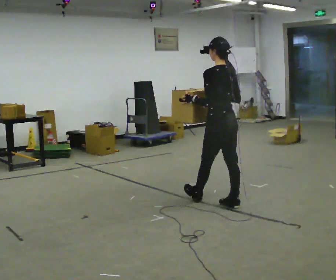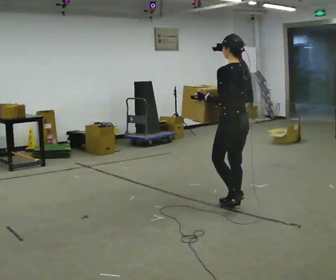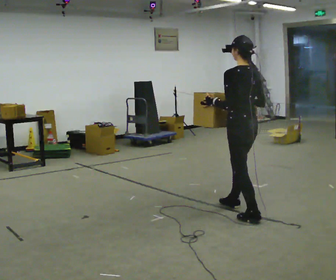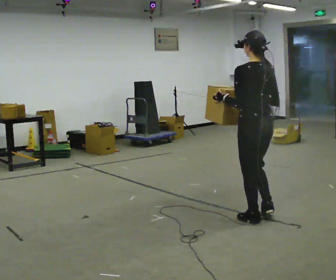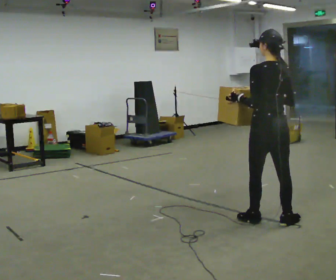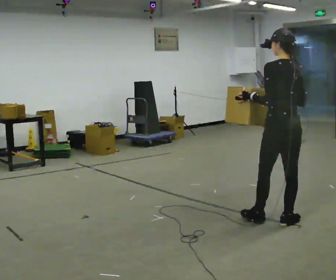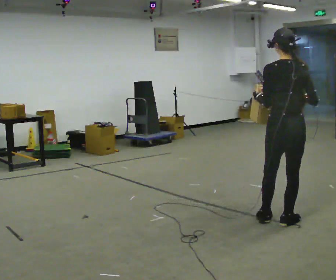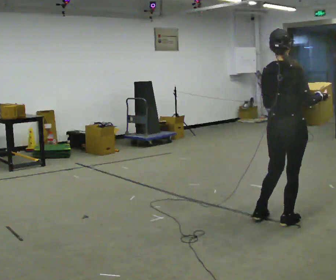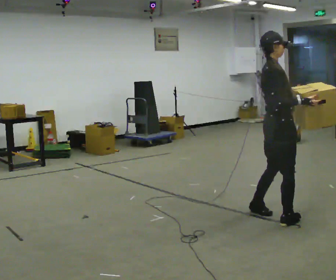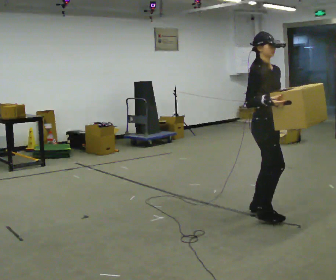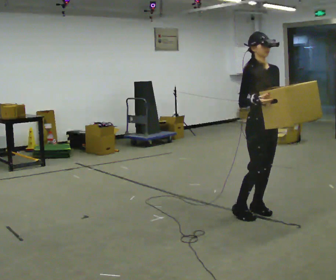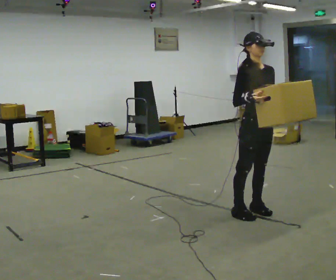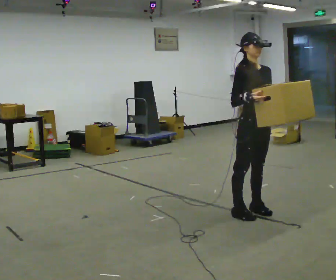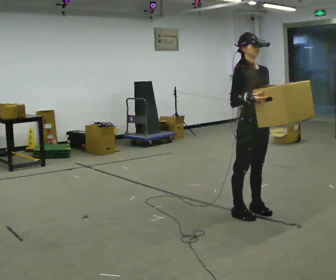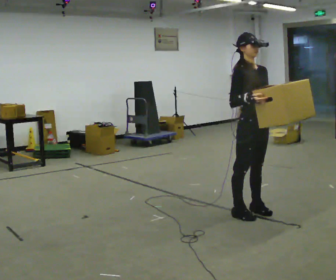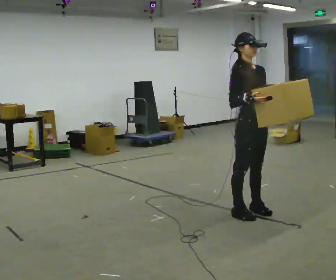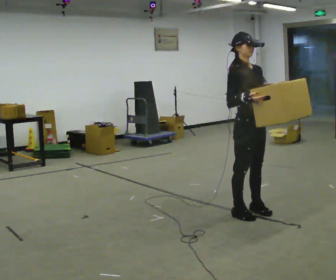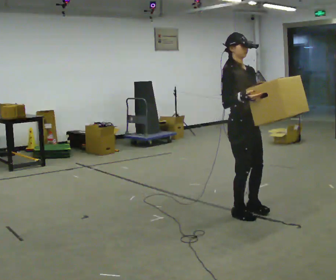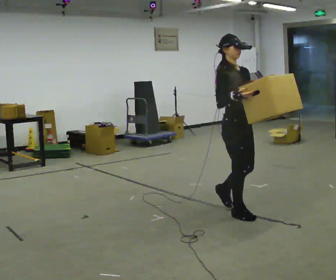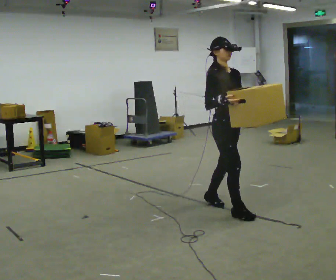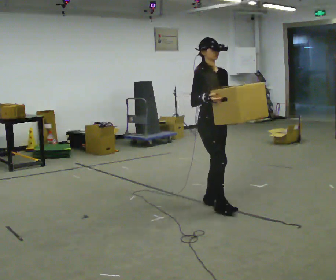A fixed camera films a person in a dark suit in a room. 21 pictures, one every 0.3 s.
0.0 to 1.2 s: In the picture they go toward the camera and to the right, about 0.75 m in 1 step, which for them is backward.
1.2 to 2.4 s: The person turns about 105 degrees to their right, clockwise seen from above, so the part of the body nearest the lens slides to the left.
2.4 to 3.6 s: Seen from above the body turns clockwise, about 60 degrees: to their right, with its near side sliding to the left. In the picture they go to the left and away from the camera, about 0.25 m in 1 step.
3.6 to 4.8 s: The person moves a little, or ends about where they began.
4.8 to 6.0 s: In the picture they go to the left and away from the camera, about 0.5 m in 2 steps, which for them is backward.
The film runs backward here.
